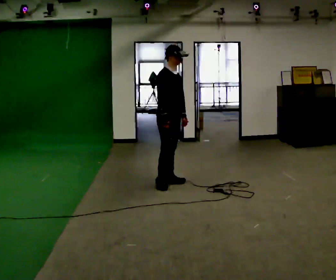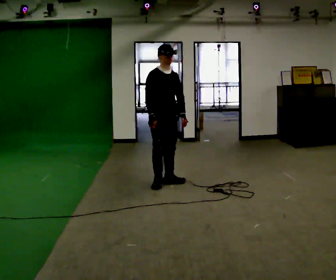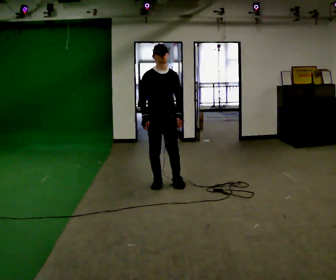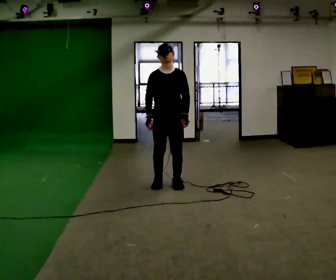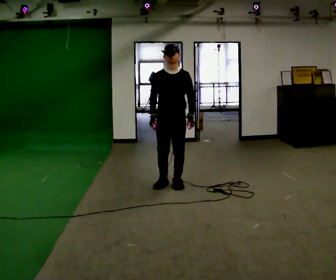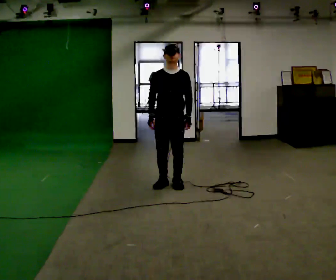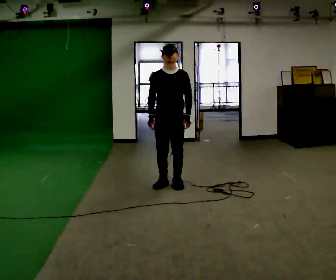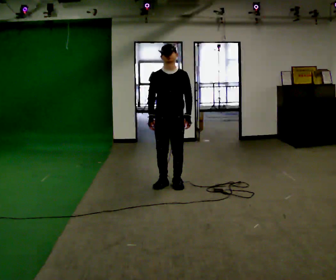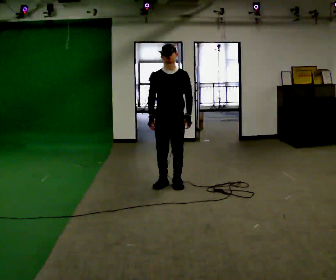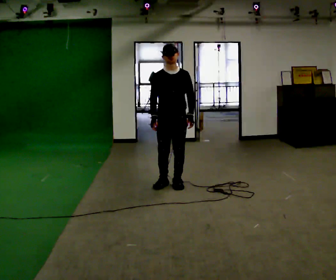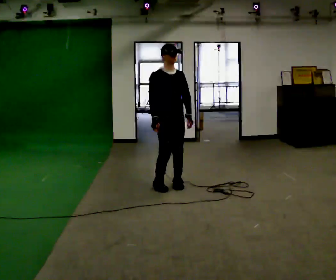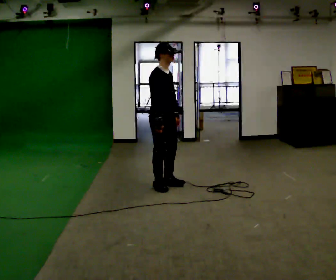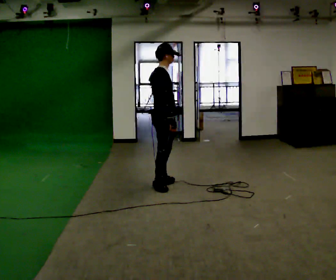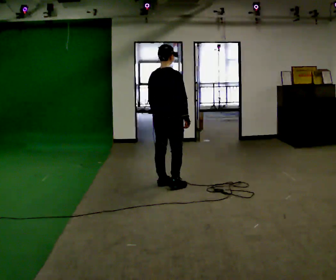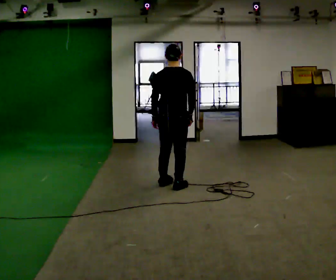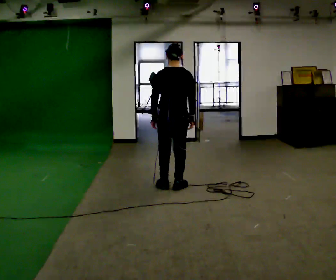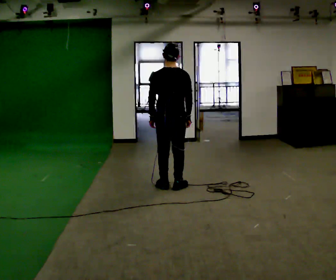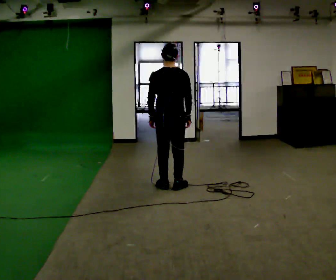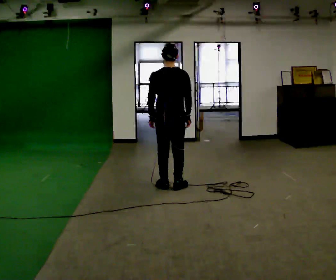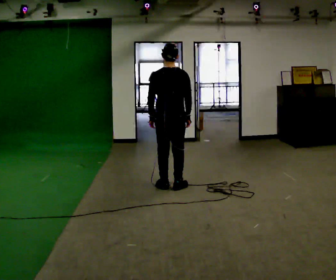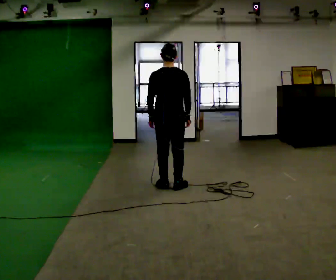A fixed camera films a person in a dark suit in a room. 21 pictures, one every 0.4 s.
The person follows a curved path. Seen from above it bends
counterclockwise.
0.0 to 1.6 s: The part of the body nearest the lens slides to the left as the person turns to their right by about 60 degrees.
1.6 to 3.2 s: The person moves a little, or ends about where they began.
3.2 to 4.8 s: The person turns about 105 degrees to their left, counterclockwise seen from above, so the part of the body nearest the lens slides to the right.
4.8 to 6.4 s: The part of the body nearest the lens slides to the right as the person turns to their left by about 90 degrees.
6.4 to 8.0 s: The person keeps their place and pose.
The film runs forward here.
